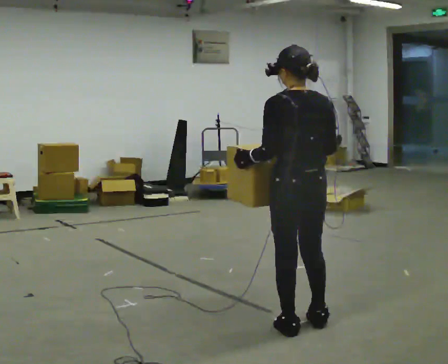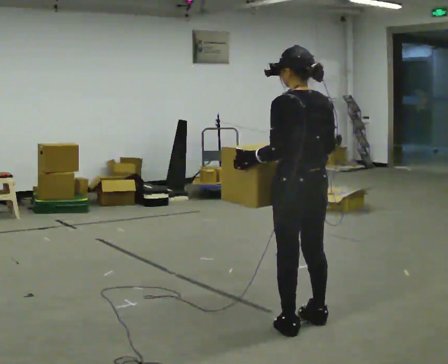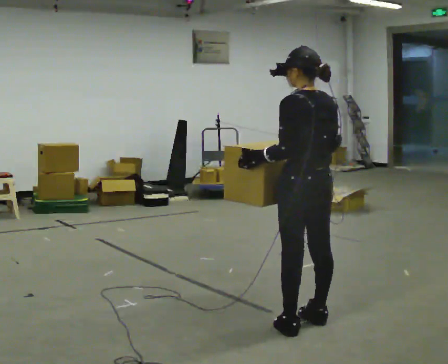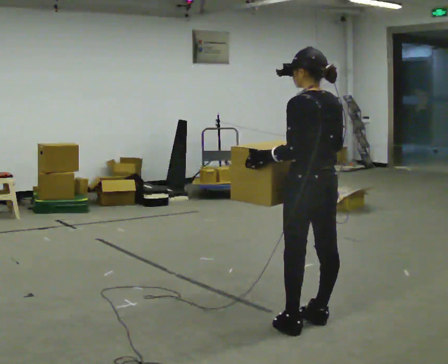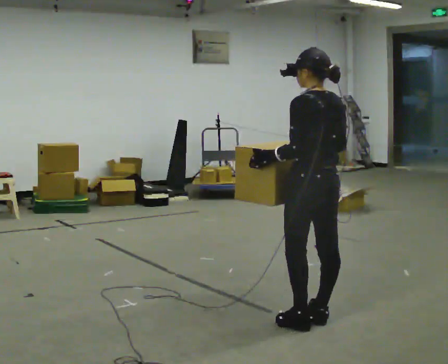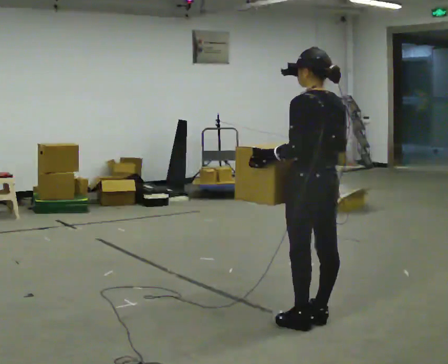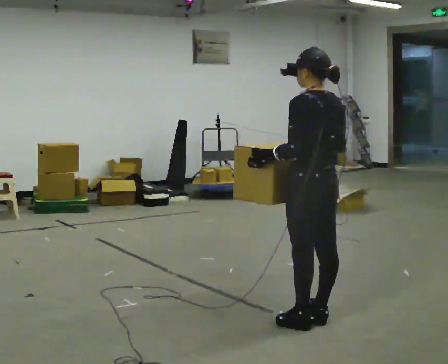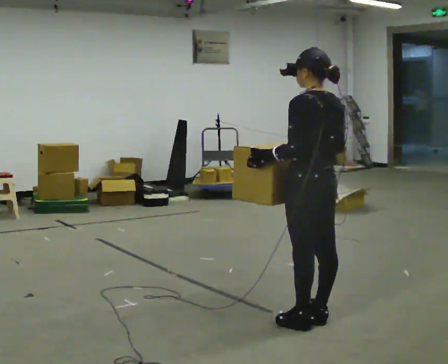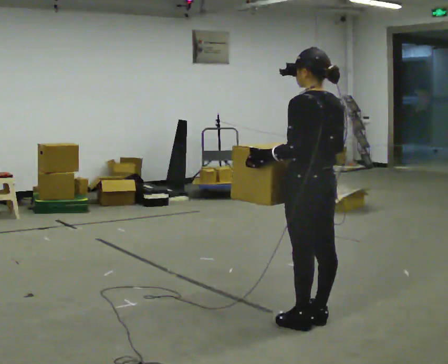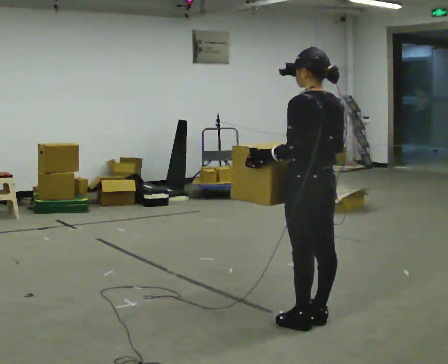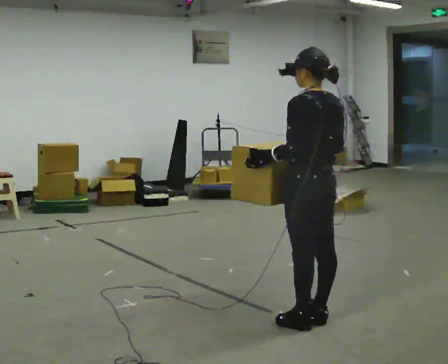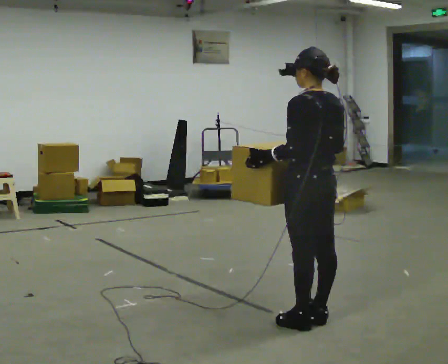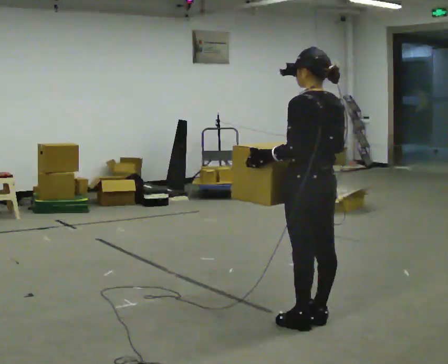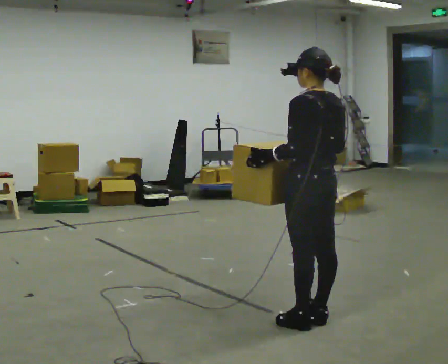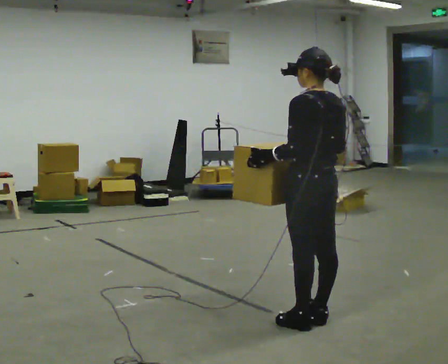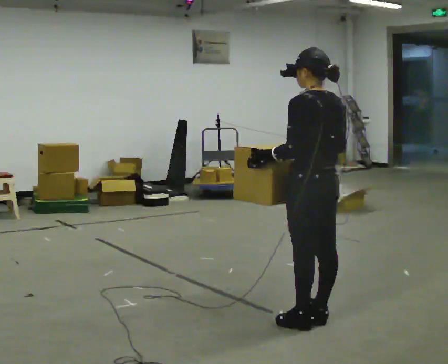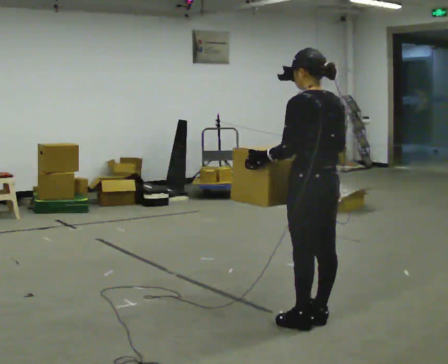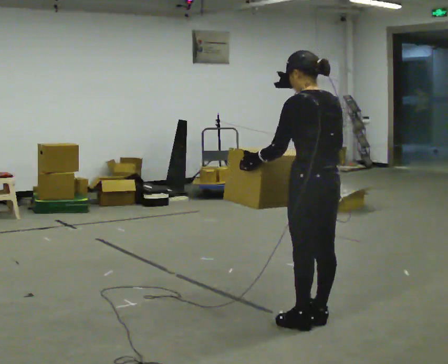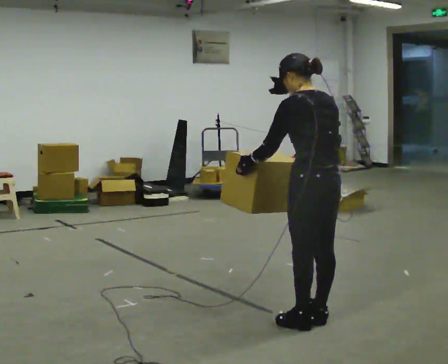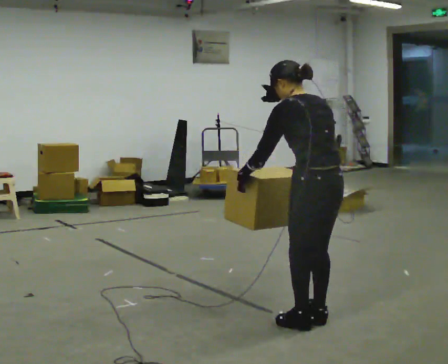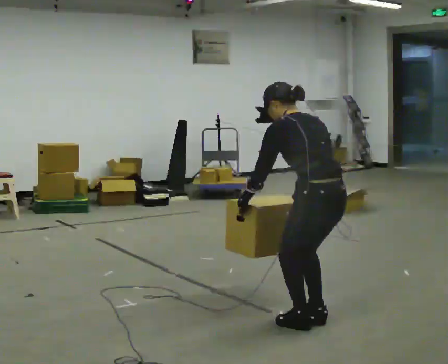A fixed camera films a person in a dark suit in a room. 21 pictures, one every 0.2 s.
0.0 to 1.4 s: The person moves a little, or ends about where they began.
1.4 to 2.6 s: The person keeps their place and pose.
2.6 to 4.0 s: In the picture the upper body tilts counterclockwise, shoulders to the left, as they bend forward.
The film runs forward here.
